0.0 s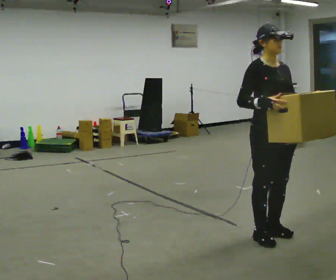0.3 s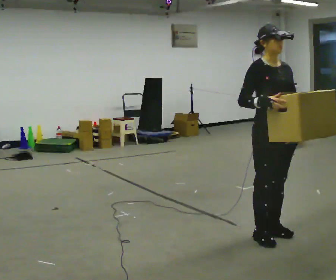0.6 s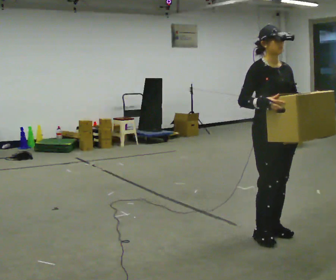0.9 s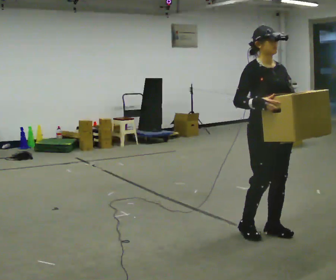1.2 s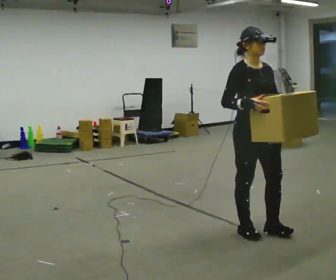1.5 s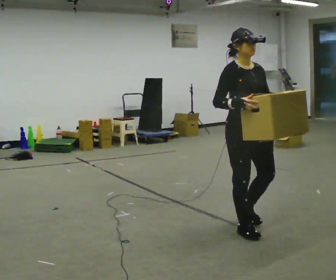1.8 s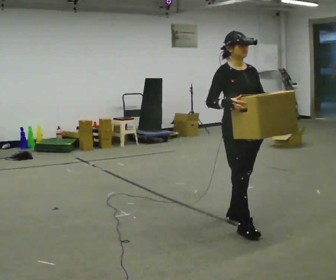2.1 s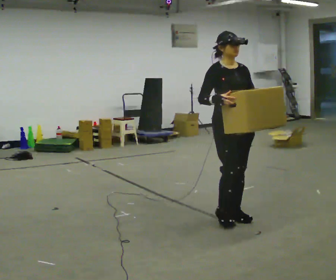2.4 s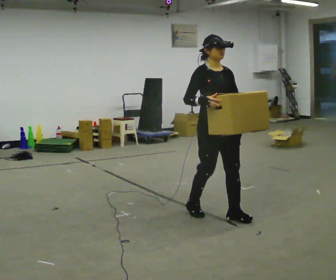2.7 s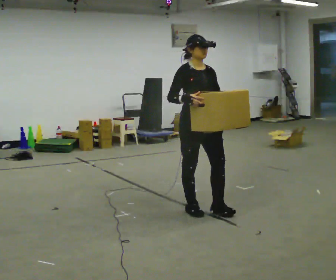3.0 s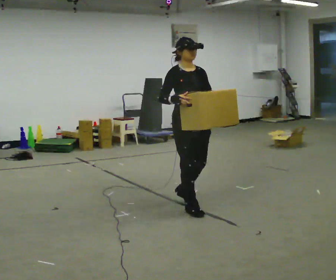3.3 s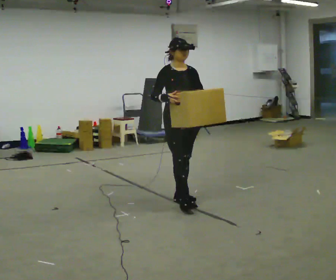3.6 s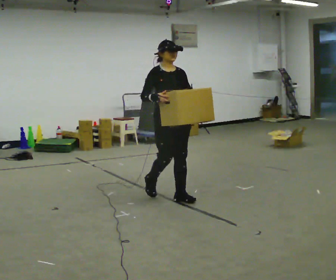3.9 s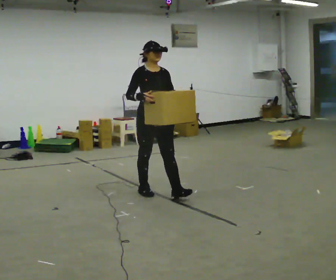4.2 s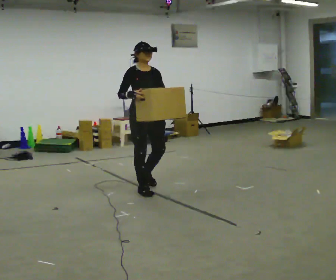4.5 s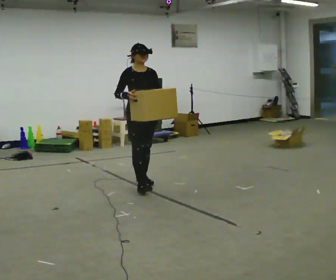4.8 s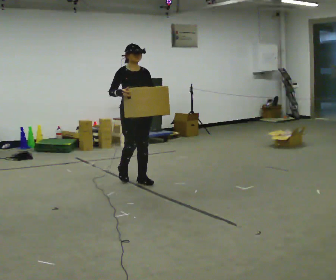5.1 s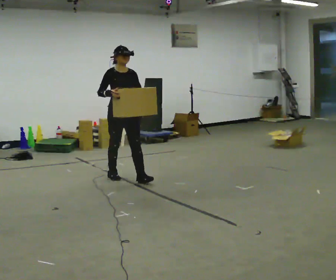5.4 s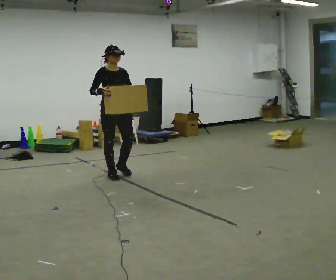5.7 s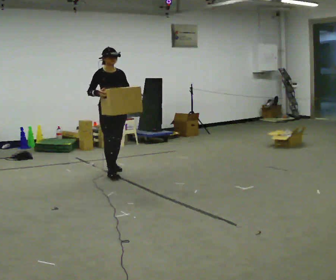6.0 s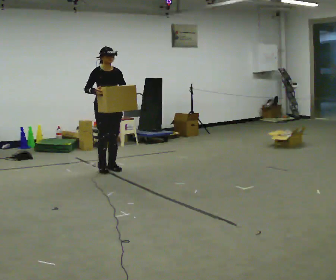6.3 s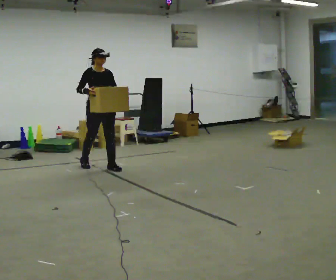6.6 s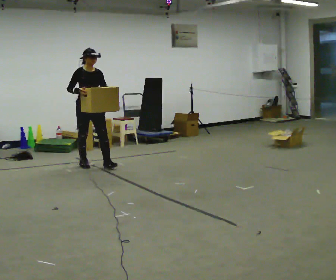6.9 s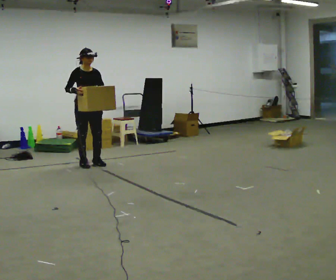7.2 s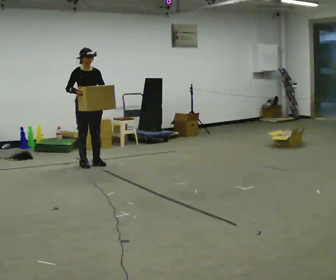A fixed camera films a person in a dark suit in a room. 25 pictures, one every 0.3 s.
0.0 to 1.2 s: The person moves a little, or ends about where they began.
1.2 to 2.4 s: In the picture they go away from the camera and to the left, about 0.5 m in 2 steps, which for them is backward.
2.4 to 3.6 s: In the picture they go away from the camera and to the left, about 0.5 m in 2 steps, which for them is backward.
3.6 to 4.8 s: In the picture they go away from the camera and to the left, about 1 m in 2 steps, which for them is backward.
4.8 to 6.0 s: In the picture they go away from the camera and to the left, about 0.5 m in 2 steps, which for them is backward.
6.0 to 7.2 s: In the picture they go to the left and away from the camera, about 0.5 m in 1 step, which for them is backward.
The film runs backward here.
